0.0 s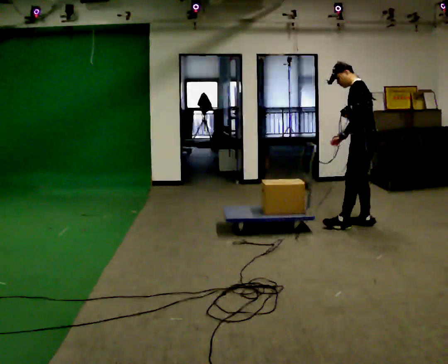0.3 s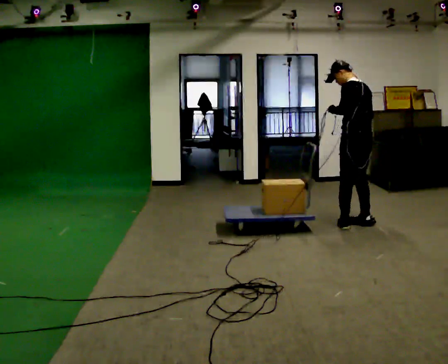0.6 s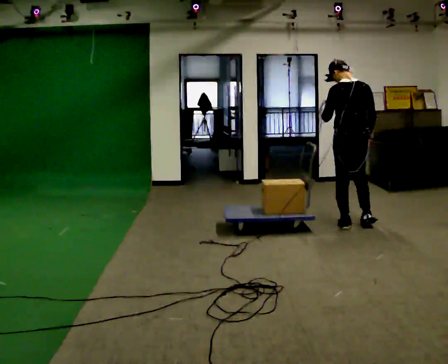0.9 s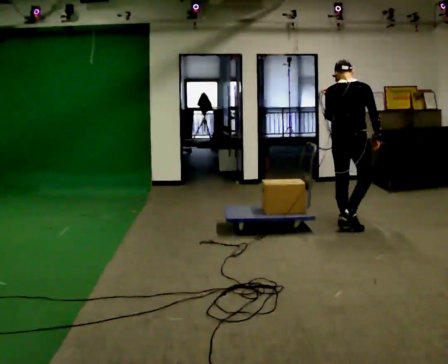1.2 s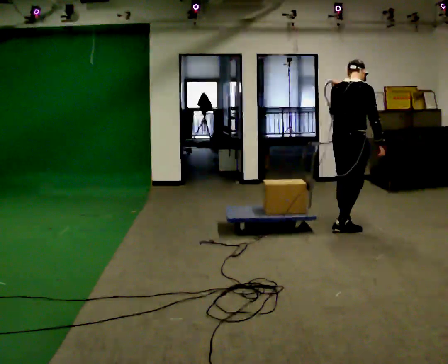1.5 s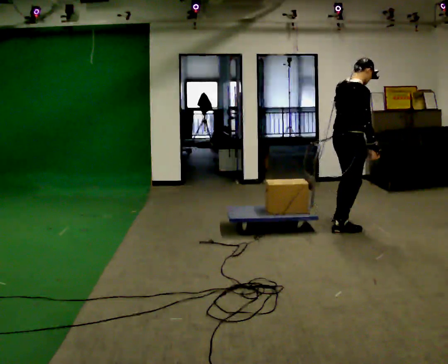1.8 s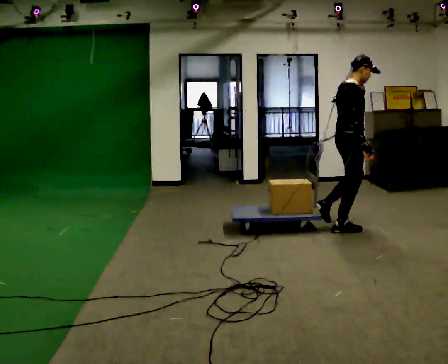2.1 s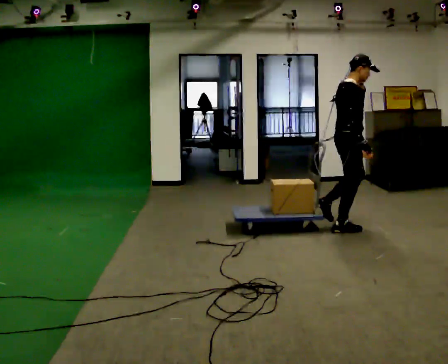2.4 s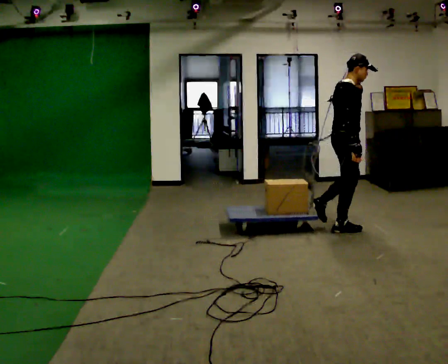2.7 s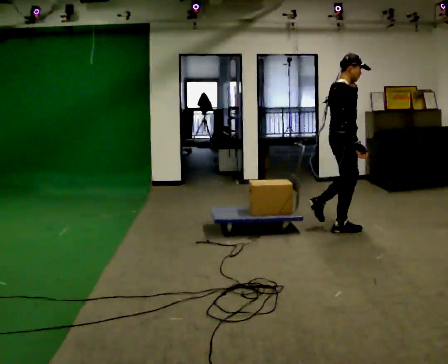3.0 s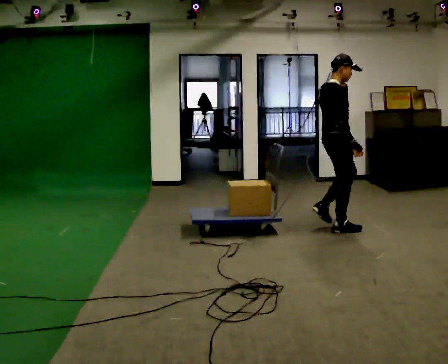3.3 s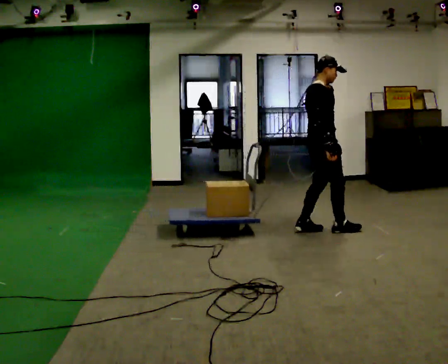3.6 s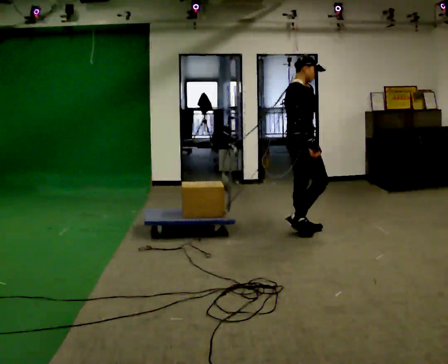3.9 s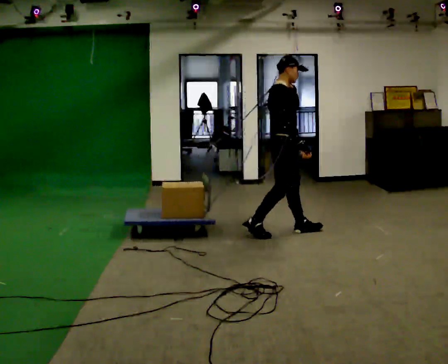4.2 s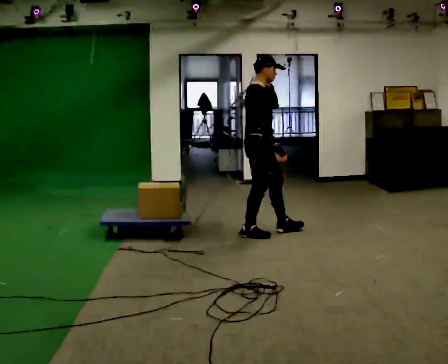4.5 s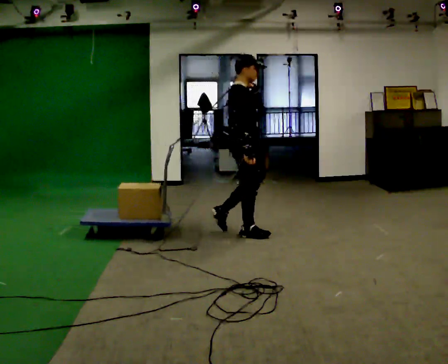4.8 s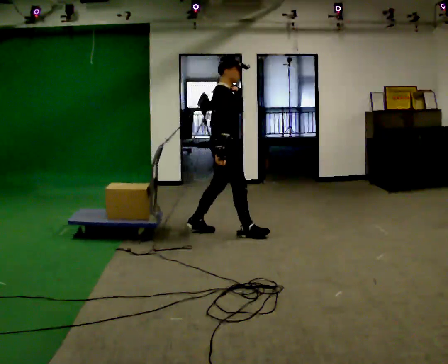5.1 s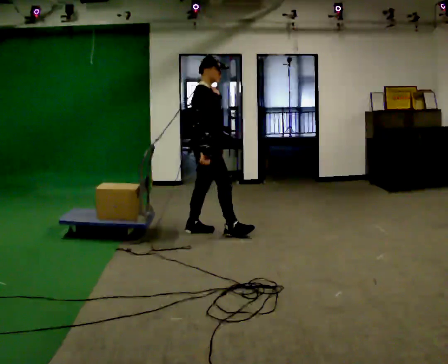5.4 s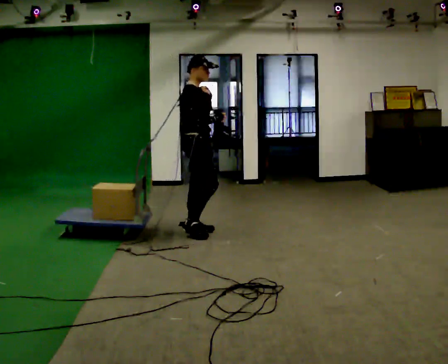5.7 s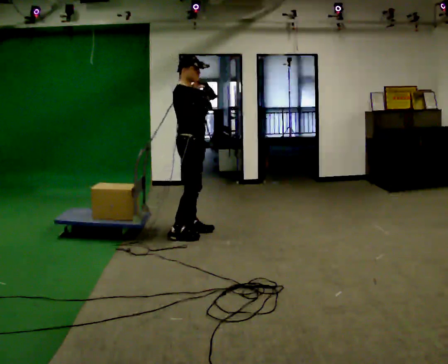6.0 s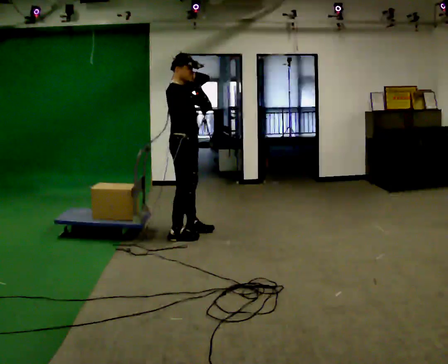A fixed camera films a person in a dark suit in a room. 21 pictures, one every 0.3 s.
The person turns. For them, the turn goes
to their right.
The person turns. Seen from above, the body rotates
clockwise.
0.0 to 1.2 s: The part of the body nearest the lens slides to the left as the person turns to their right by about 120 degrees. In the picture they go to the left and toward the camera, about 0.25 m in 1 step.
1.2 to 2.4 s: The part of the body nearest the lens slides to the left as the person turns to their right by about 45 degrees.
2.4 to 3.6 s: In the picture they go to the left, about 0.5 m in 2 steps, which for them is backward.
3.6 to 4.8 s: In the picture they go to the left, about 0.5 m in 1 step, which for them is backward.
4.8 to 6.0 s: In the picture they go to the left, about 0.5 m in 1 step, which for them is backward. In the picture their right hand goes upward.
The film runs backward here.
